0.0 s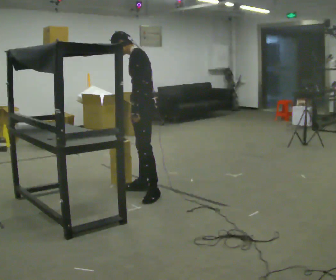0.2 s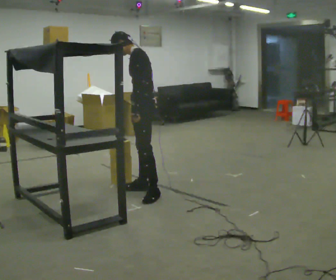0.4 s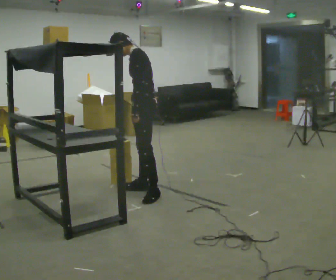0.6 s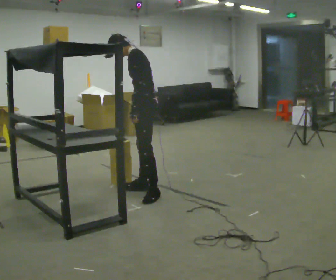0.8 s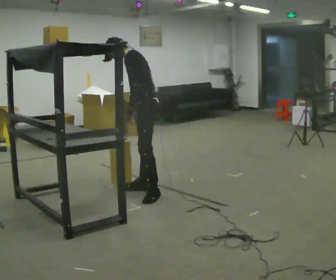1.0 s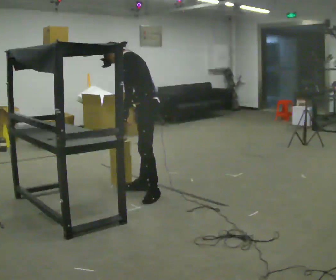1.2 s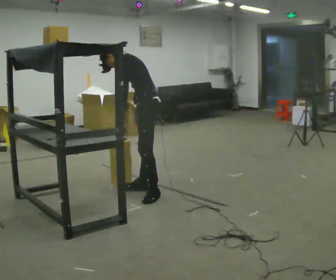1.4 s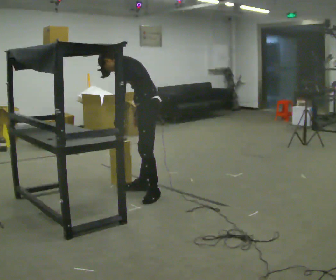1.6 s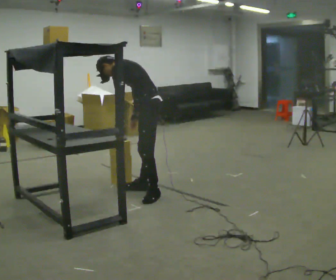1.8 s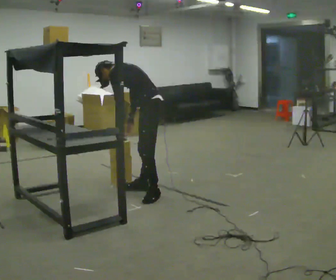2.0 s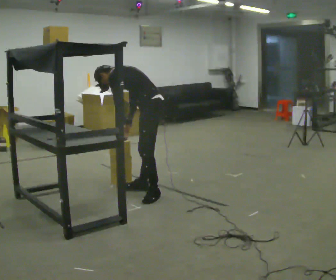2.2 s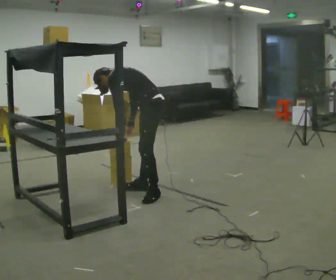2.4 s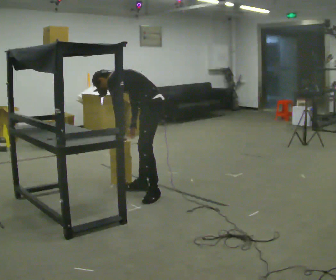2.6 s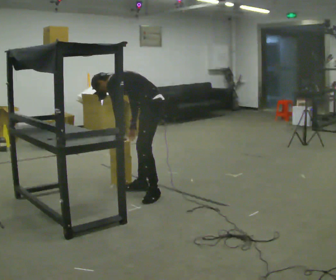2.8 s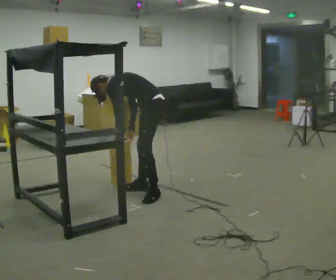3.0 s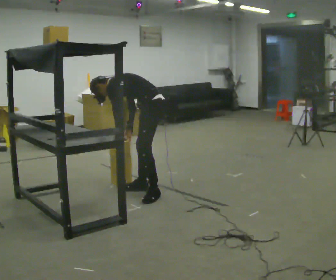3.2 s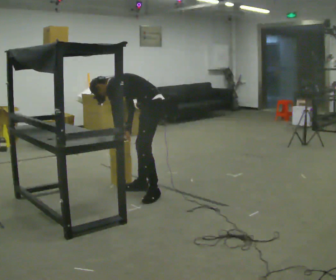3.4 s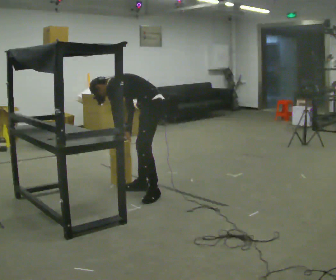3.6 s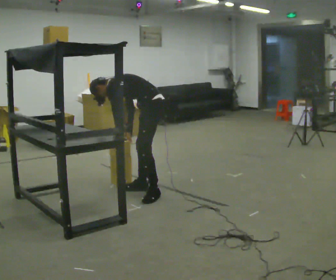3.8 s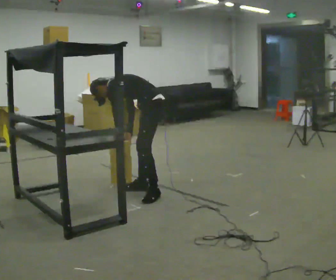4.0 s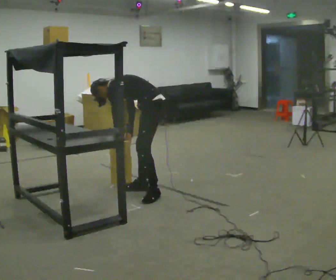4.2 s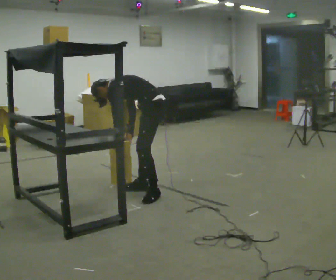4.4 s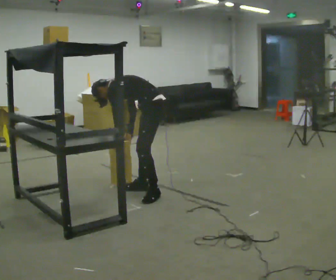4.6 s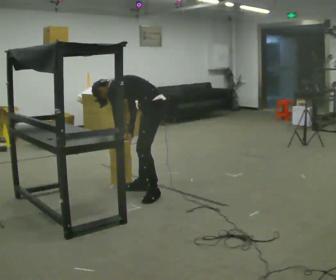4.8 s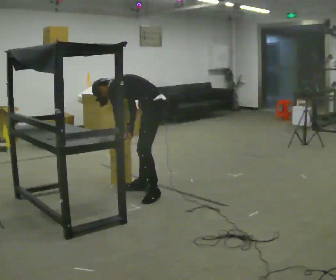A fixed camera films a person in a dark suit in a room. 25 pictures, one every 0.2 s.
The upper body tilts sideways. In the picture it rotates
counterclockwise.
The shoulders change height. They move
downward.
0.0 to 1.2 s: In the picture the upper body tilts counterclockwise, shoulders to the left, as they bend forward.
1.2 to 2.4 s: The upper body goes downward. In the picture the upper body tilts counterclockwise, shoulders to the left, as they bend forward.
2.4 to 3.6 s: The person moves a little, or ends about where they began.
3.6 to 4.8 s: The person keeps their place and pose.
The film runs forward here.
